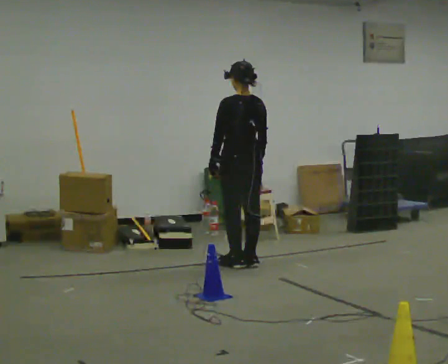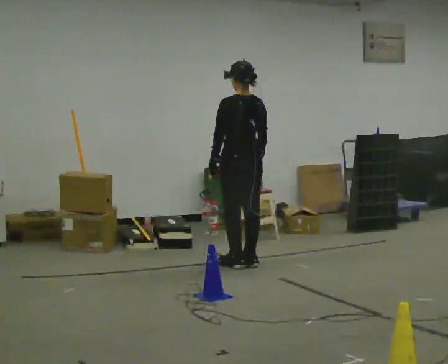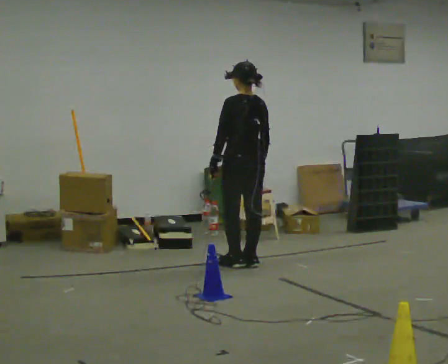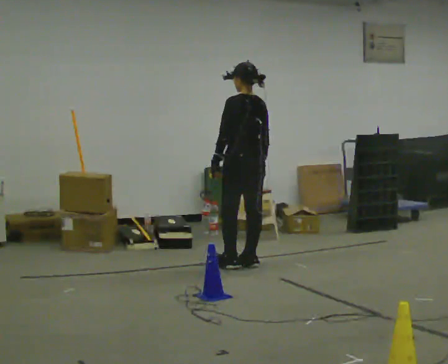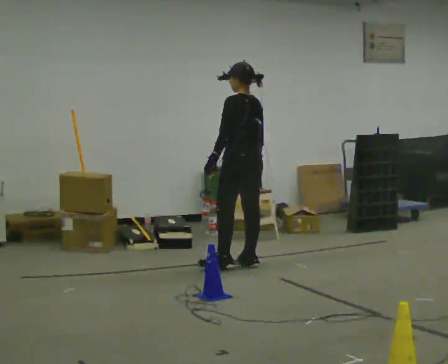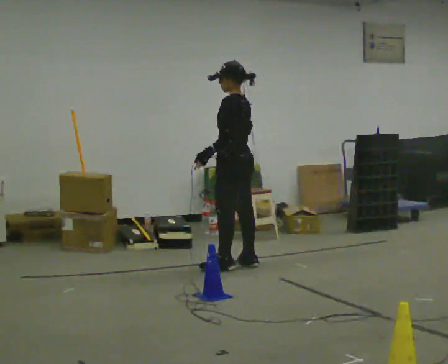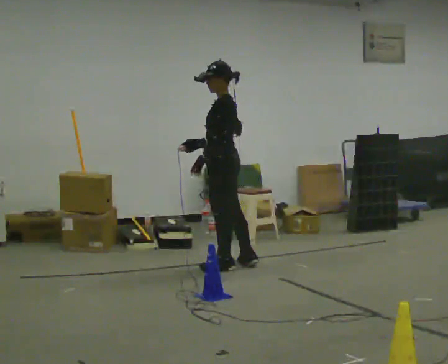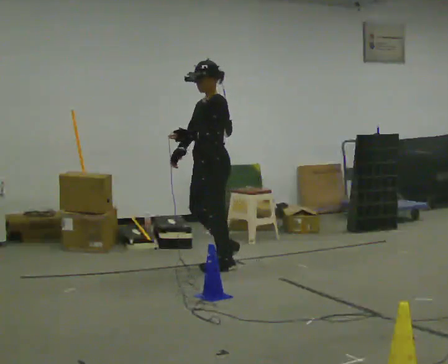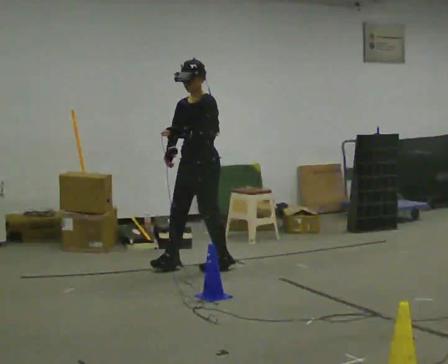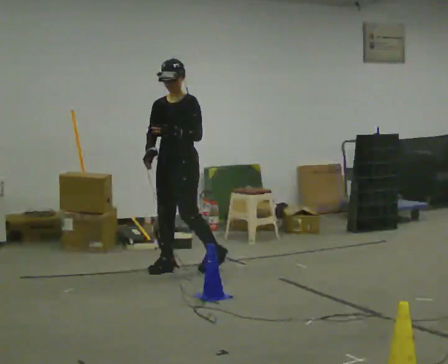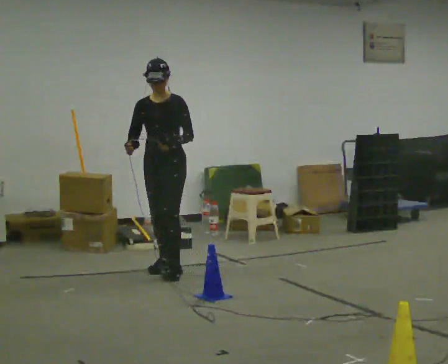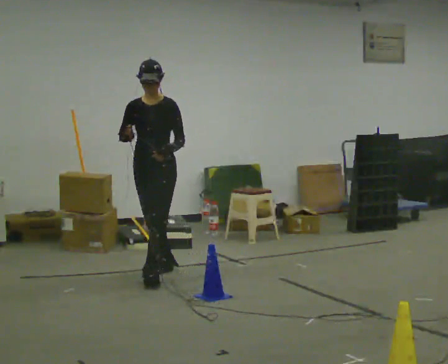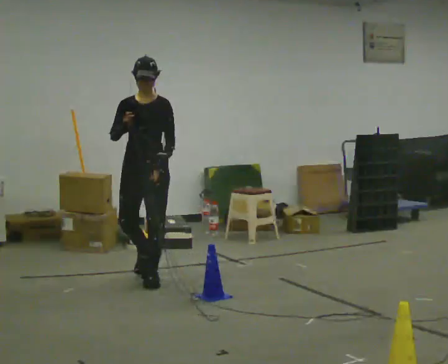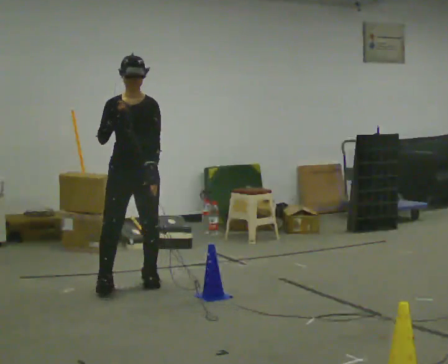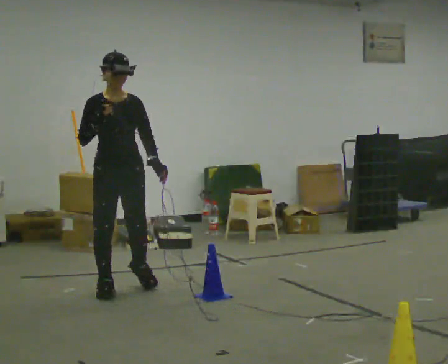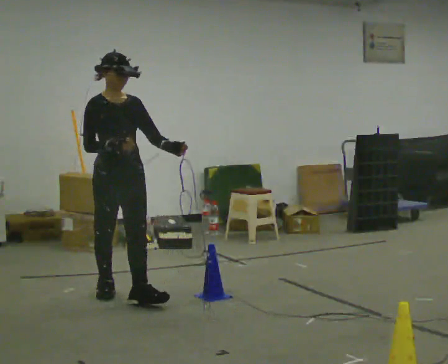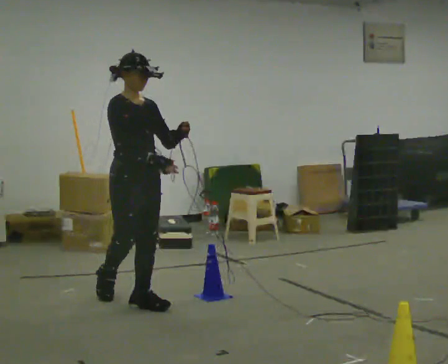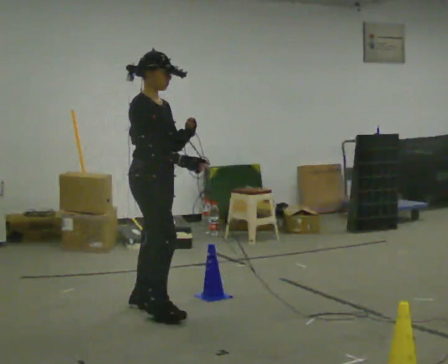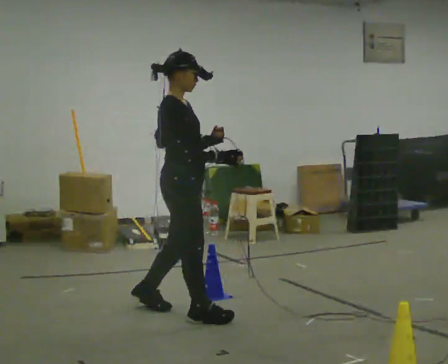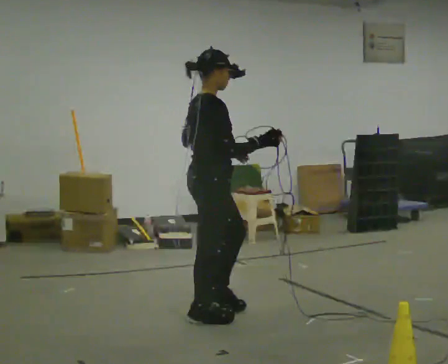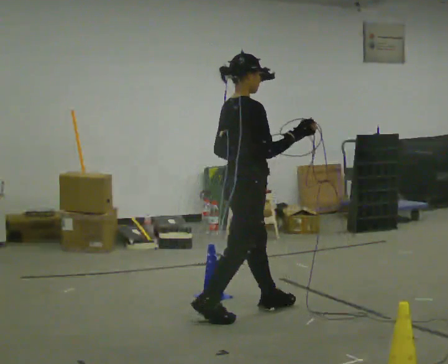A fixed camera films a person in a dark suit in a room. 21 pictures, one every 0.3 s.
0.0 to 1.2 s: The person moves a little, or ends about where they began.
1.2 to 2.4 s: The part of the body nearest the lens slides to the right as the person turns to their left by about 90 degrees. In the picture they go to the left, about 0.25 m.
2.4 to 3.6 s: The part of the body nearest the lens slides to the right as the person turns to their left by about 30 degrees. In the picture they go to the left and toward the camera, about 0.5 m in 2 steps, which for them is forward.
3.6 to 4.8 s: Seen from above the body turns counterclockwise, about 60 degrees: to their left, with its near side sliding to the right. In the picture they go toward the camera, about 0.5 m in 2 steps.
4.8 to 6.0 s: The part of the body nearest the lens slides to the right as the person turns to their left by about 60 degrees. In the picture they go to the right, about 0.75 m in 2 steps.
The film runs forward here.
